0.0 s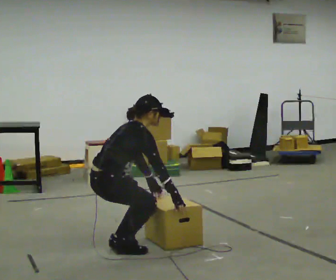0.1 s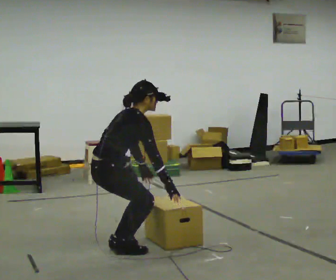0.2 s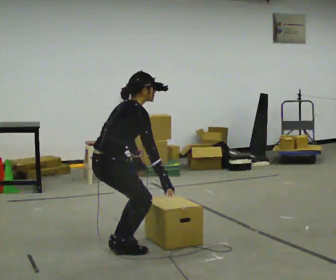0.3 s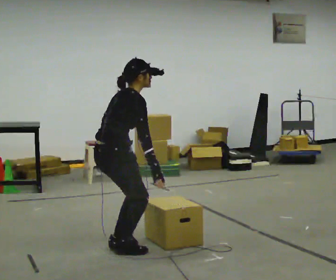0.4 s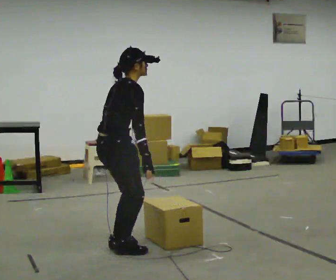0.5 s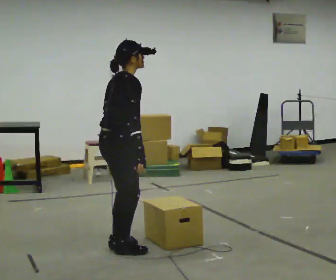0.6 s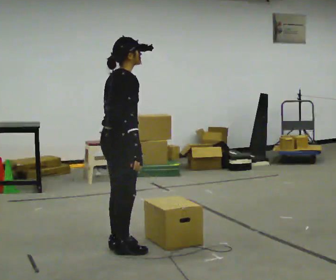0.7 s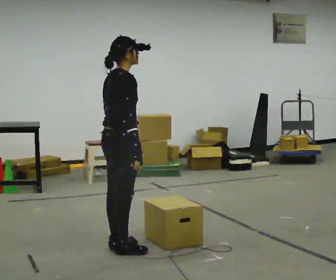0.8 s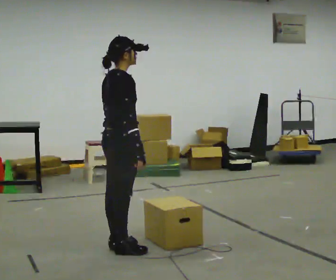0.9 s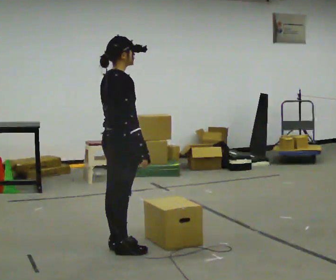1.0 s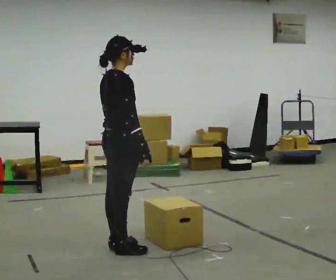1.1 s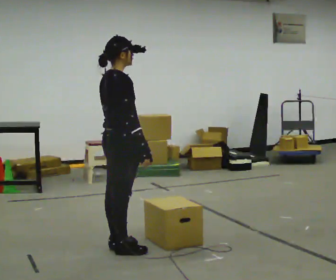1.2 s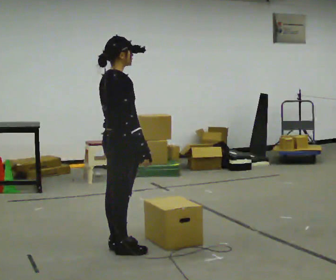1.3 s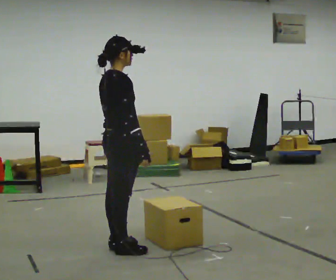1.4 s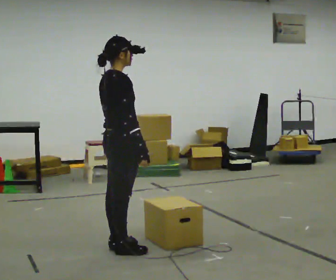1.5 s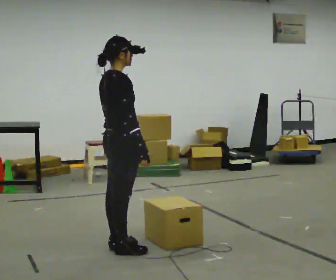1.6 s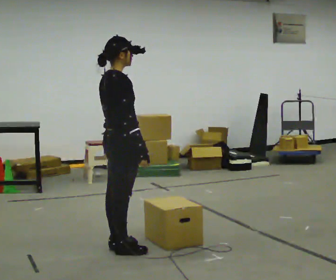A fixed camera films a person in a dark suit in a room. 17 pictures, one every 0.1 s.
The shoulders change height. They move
upward.
The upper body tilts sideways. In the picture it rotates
counterclockwise.
0.0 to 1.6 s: The shoulders move upward. In the picture the upper body tilts counterclockwise, shoulders to the left, as they lean back or straighten. In the picture their right hand goes upward.
The film runs forward here.
